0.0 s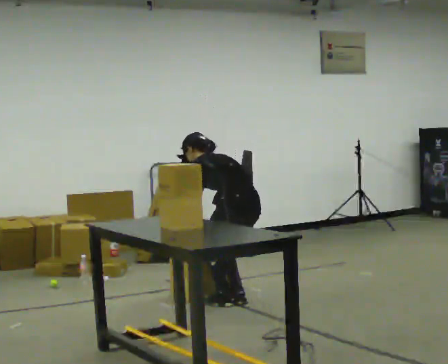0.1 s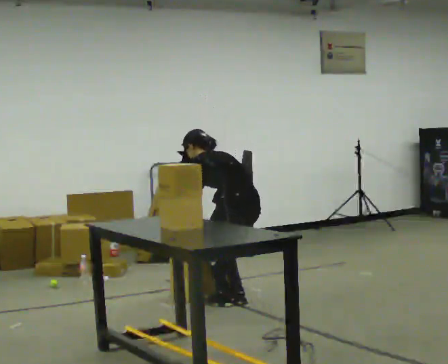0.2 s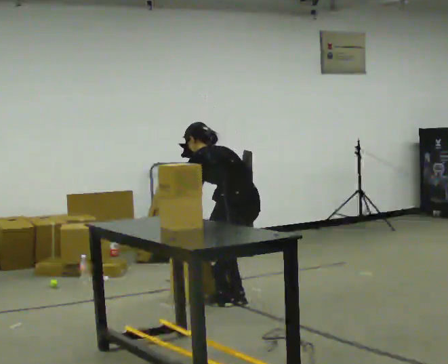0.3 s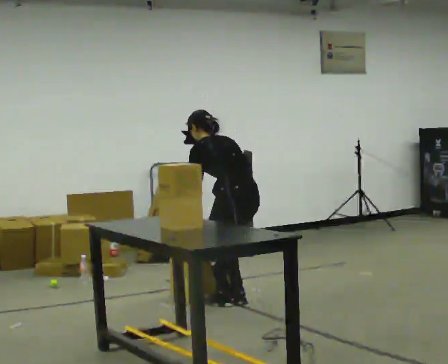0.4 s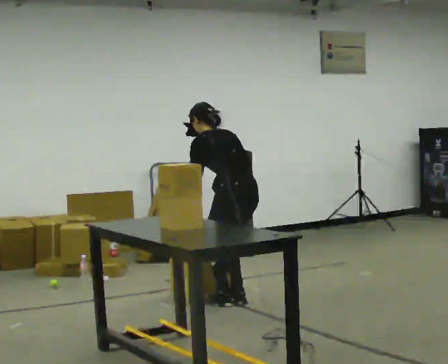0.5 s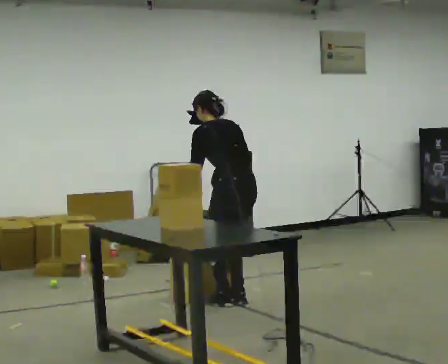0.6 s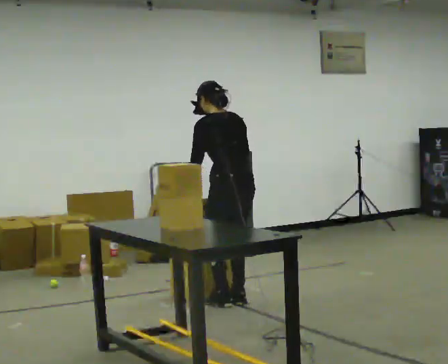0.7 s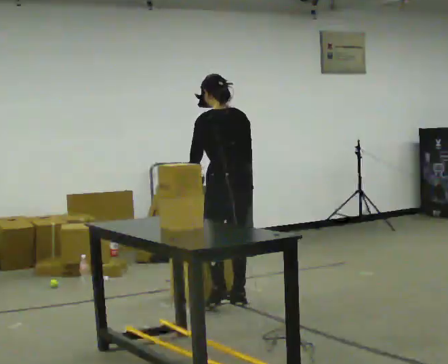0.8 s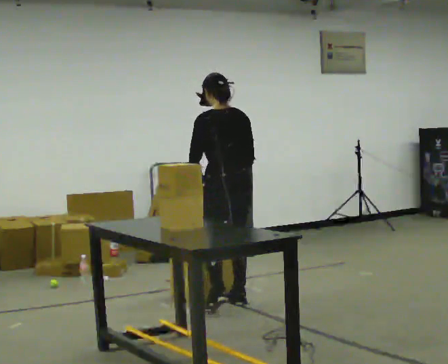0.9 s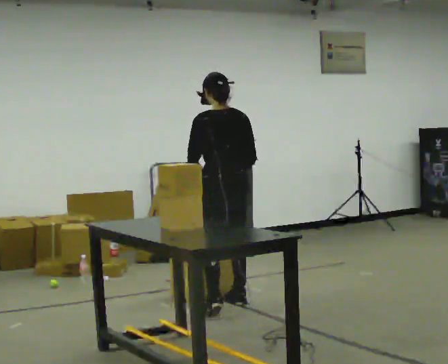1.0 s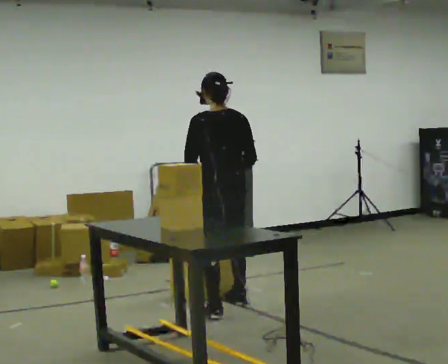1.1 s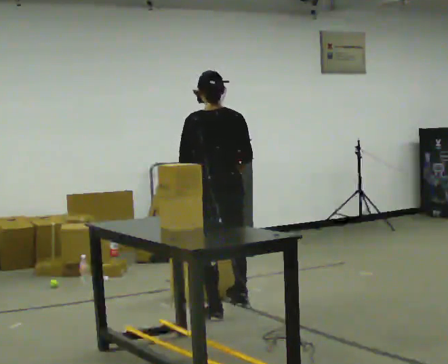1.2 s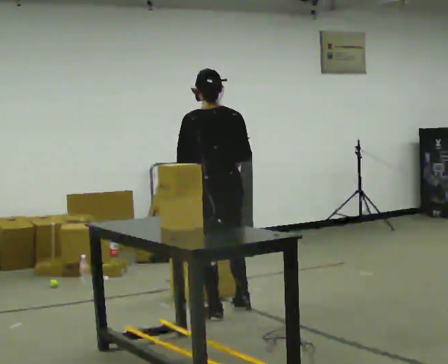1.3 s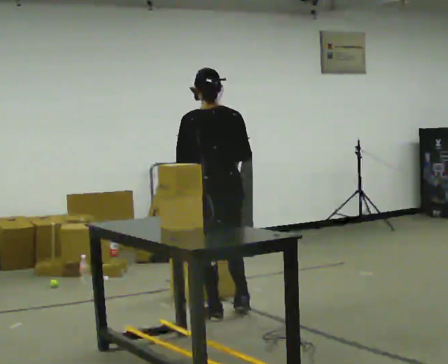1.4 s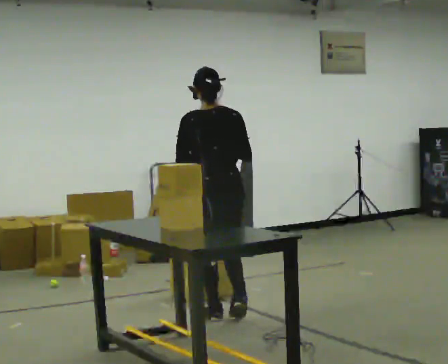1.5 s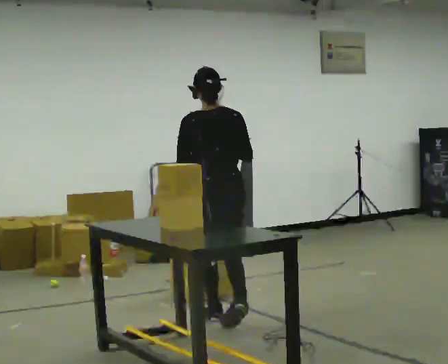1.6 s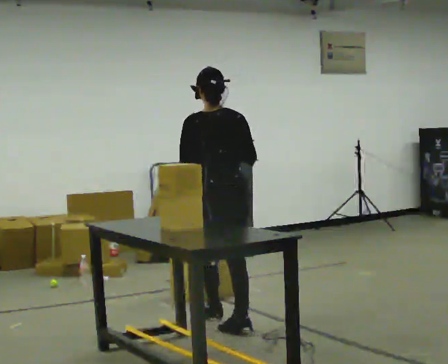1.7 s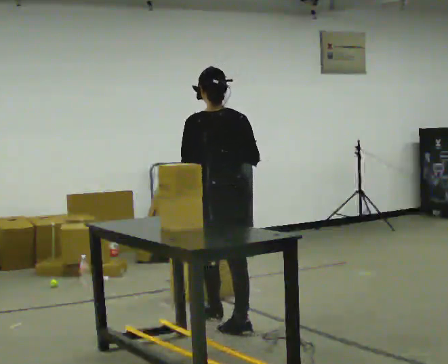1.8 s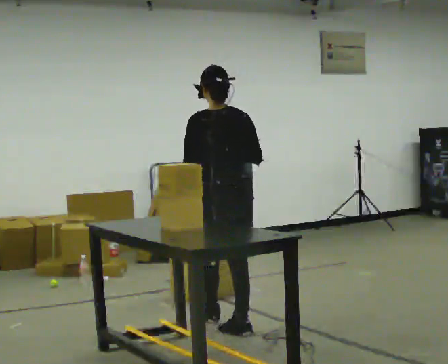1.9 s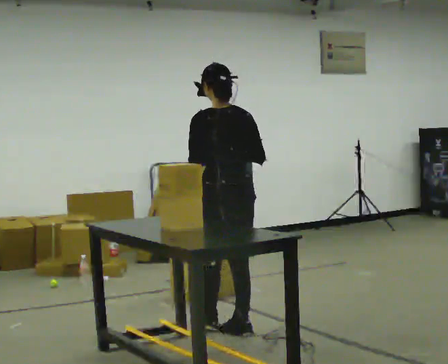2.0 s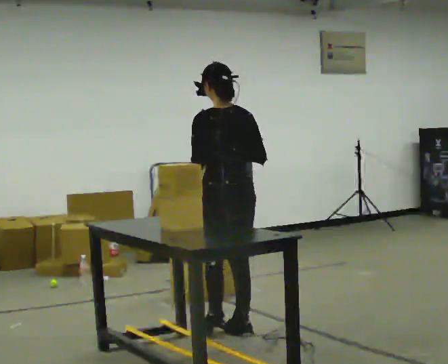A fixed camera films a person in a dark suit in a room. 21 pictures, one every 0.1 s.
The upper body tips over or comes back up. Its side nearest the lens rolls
downward.
The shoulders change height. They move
upward.
0.0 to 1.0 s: The shoulders move upward. The upper body tips toward the camera, its near side rolling downward, as they lean back or straighten. In the picture their right hand goes upward.
1.0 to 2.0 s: In the picture they go toward the camera, about 0.5 m in 2 steps, which for them is backward.
The film runs backward here.
